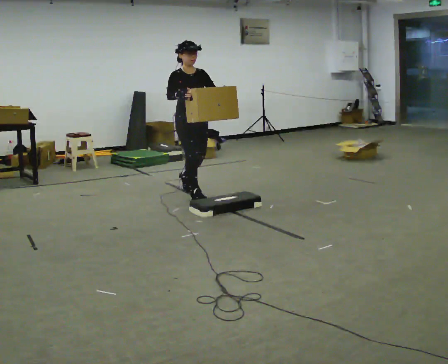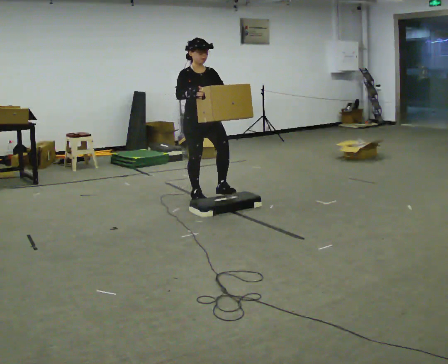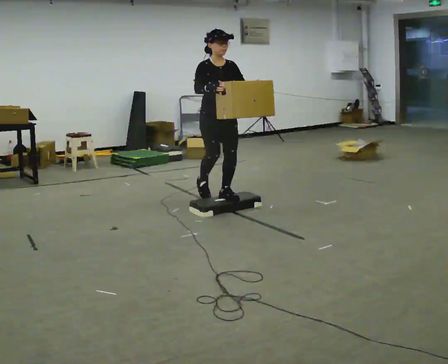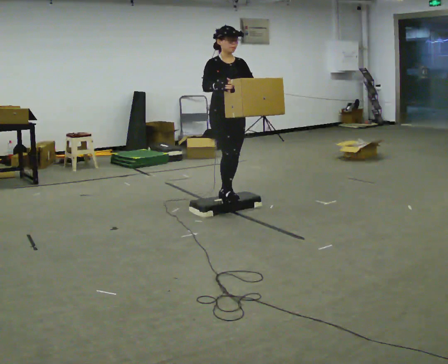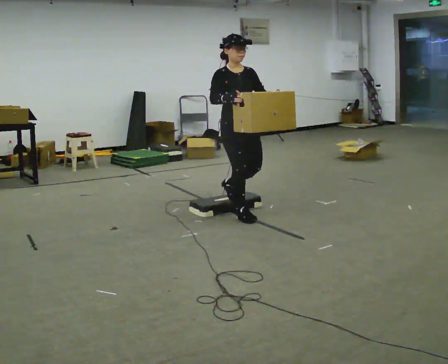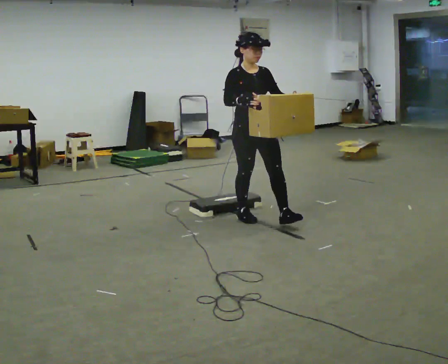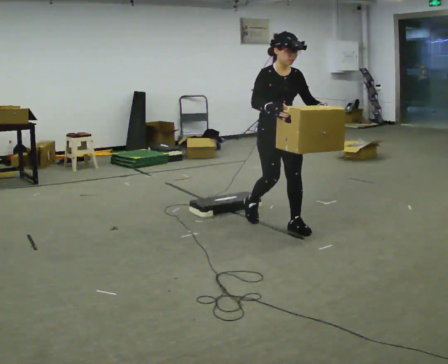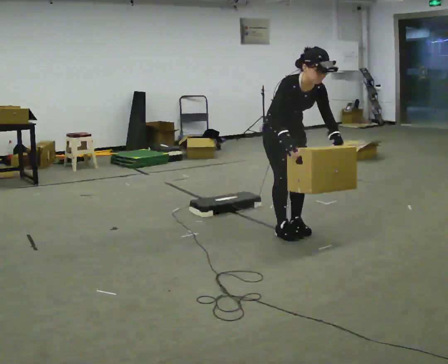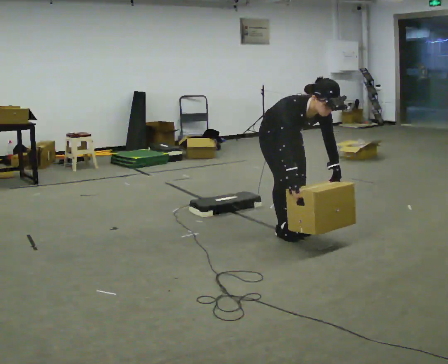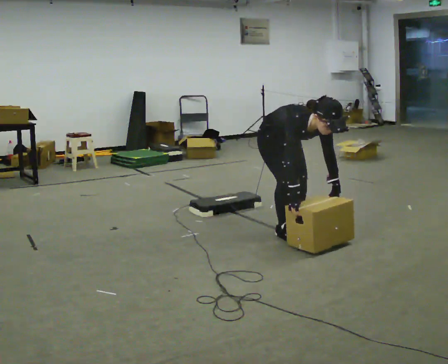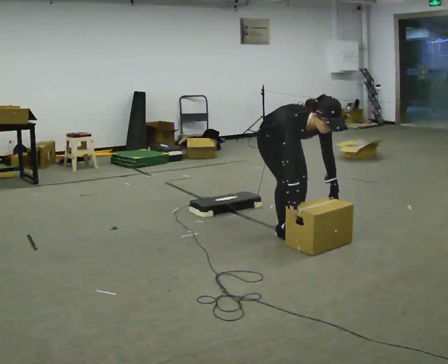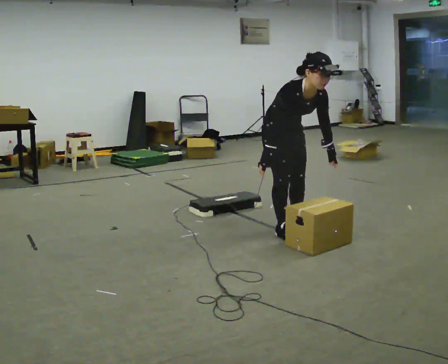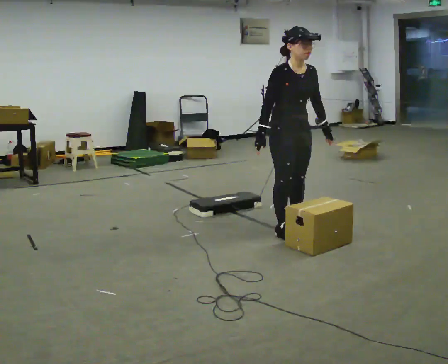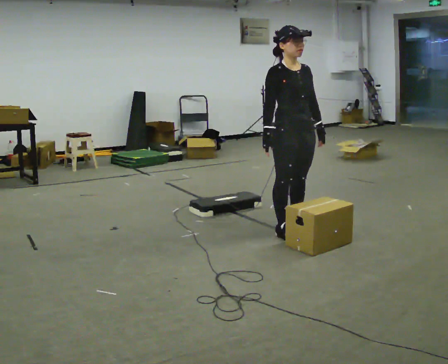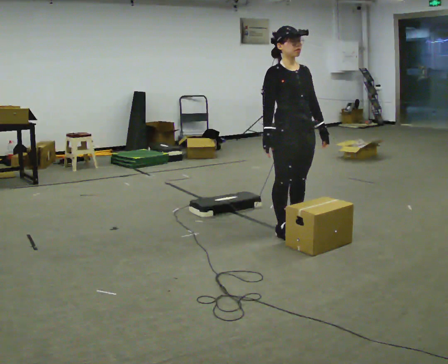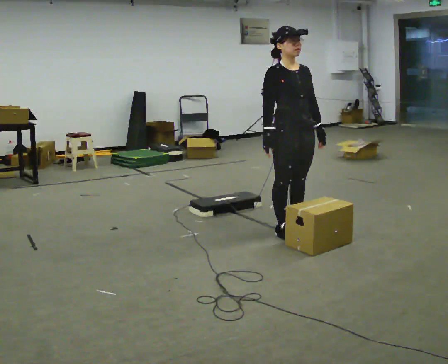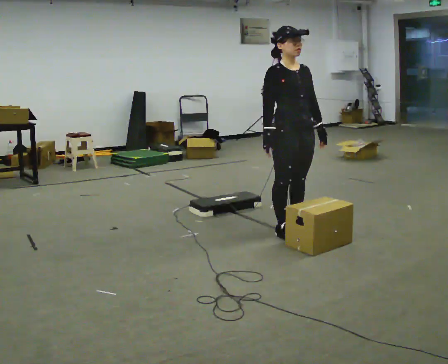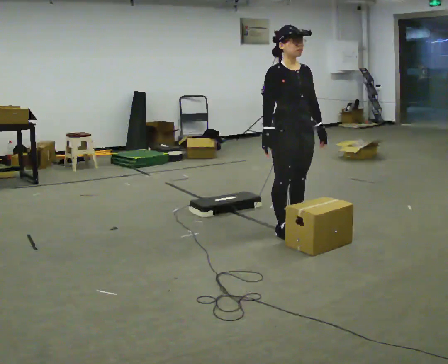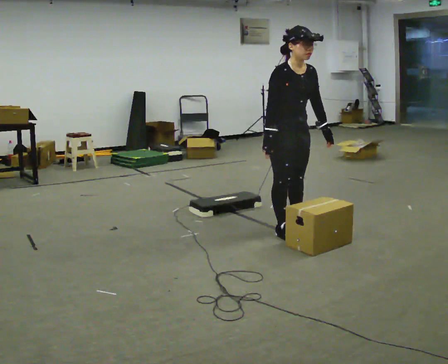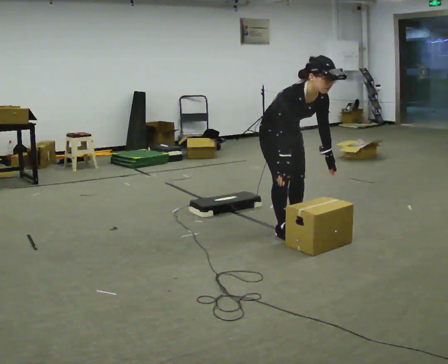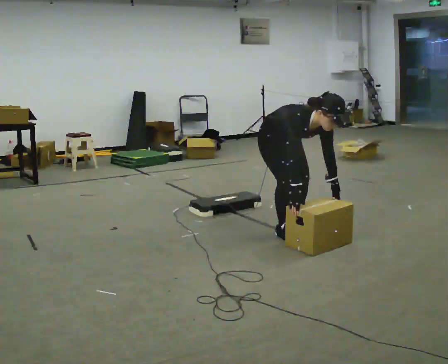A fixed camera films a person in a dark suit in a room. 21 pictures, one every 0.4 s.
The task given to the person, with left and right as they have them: Carry the box up onto the platform, across it, and down the other side, then bring it back. Keep going until the operator says stop; one object at a time, and do not rush between trips.
0.0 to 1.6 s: In the picture they go toward the camera and to the right, about 1 m in 2 steps, which for them is forward.
1.6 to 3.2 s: In the picture they go toward the camera and to the right, about 0.5 m in 2 steps, which for them is forward. The shoulders move downward. The upper body tips toward the camera, its near side rolling downward, as they bend forward. In the picture their left hand goes downward.
3.2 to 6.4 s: The person moves a little, or ends about where they began.
6.4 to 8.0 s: The shoulders move downward. In the picture the upper body tilts clockwise, shoulders to the right, as they bend forward. In the picture their right hand goes downward.
The film runs forward here.
